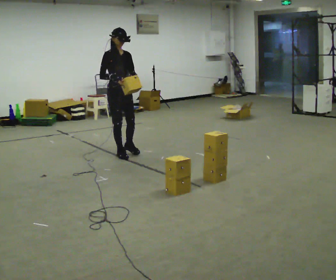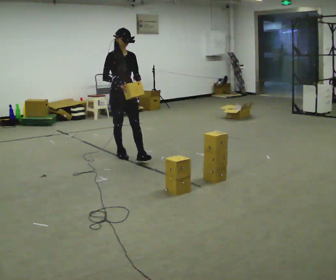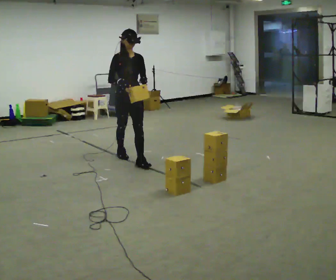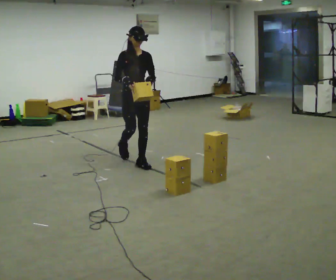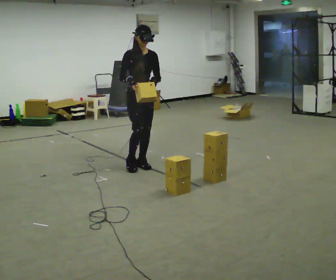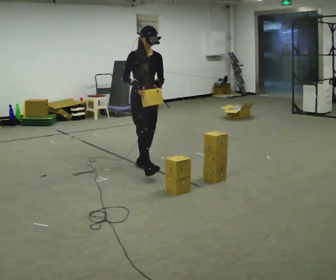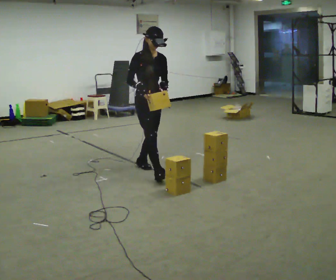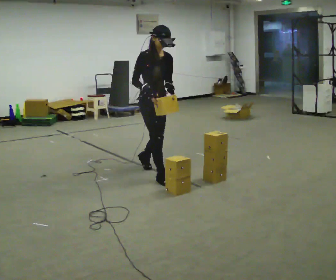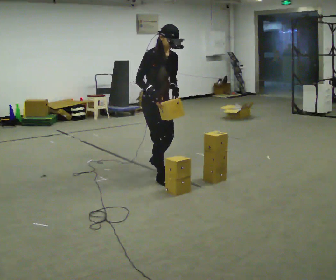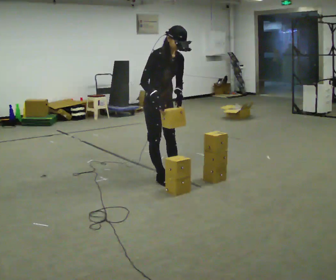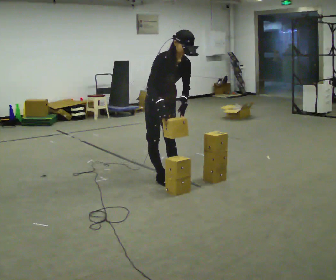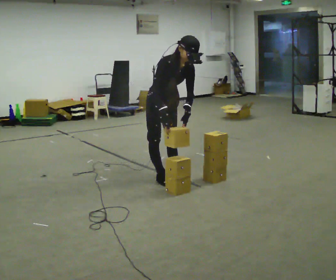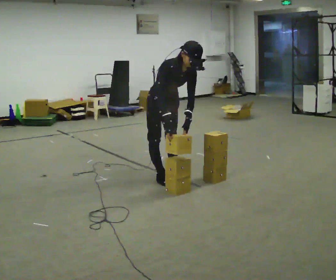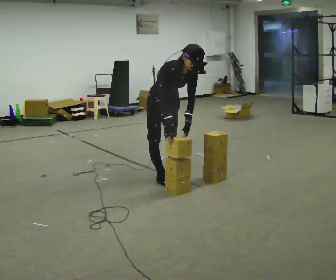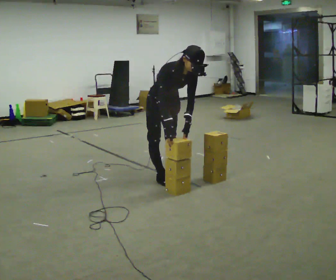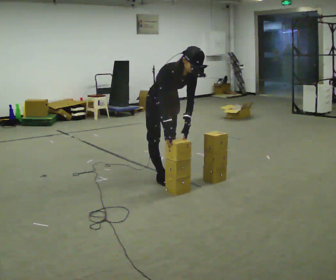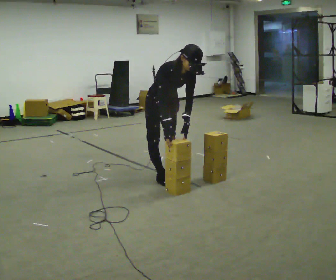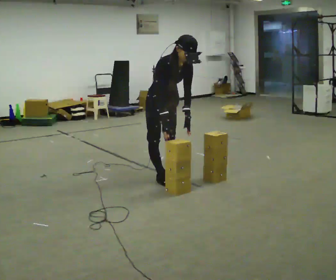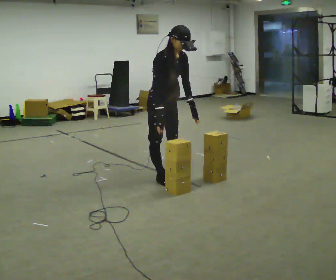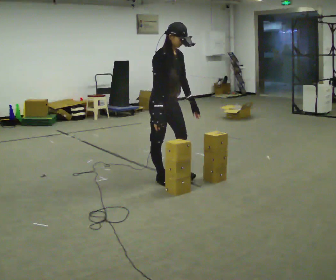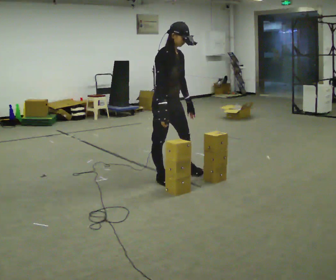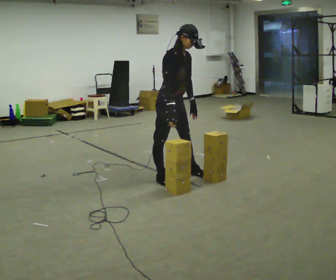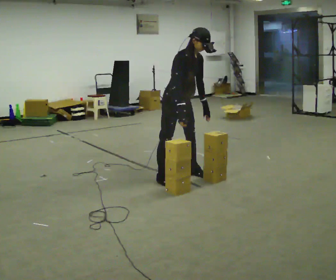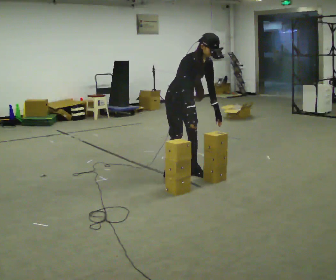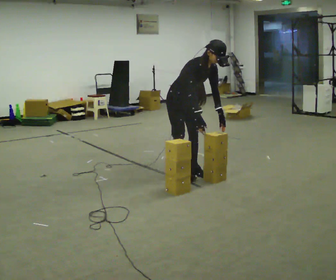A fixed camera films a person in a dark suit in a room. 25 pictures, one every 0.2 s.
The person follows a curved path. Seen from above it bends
counterclockwise.
The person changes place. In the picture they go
to the right.
0.0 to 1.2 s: In the picture they go to the right and toward the camera, about 1 m in 2 steps, which for them is forward.
1.2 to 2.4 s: In the picture they go to the right and toward the camera, about 0.25 m in 1 step, which for them is forward. The upper body tips toward the camera, its near side rolling downward, as they bend forward.
2.4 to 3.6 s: The upper body tips away from the camera, its near side rolling upward, as they lean back or straighten.
3.6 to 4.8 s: In the picture they go away from the camera, about 0.25 m in 2 steps, which for them is to their left.
The film runs forward here.
